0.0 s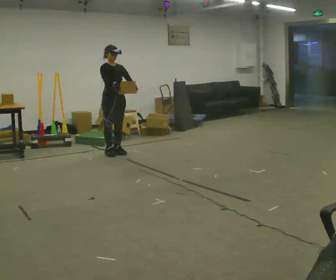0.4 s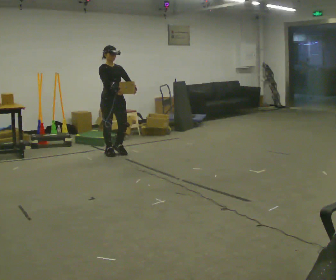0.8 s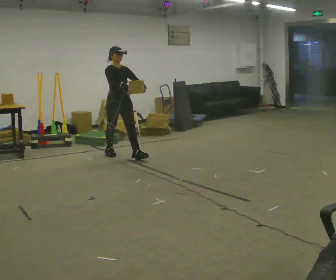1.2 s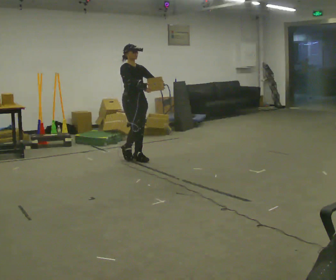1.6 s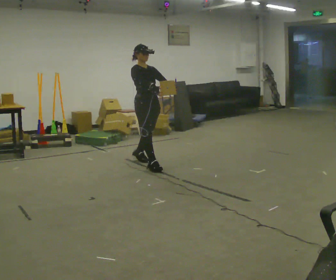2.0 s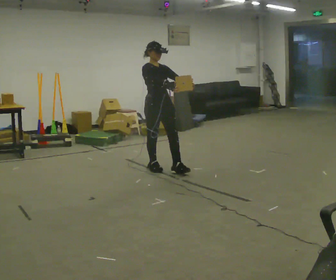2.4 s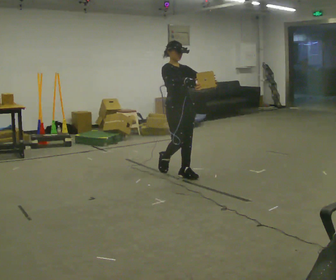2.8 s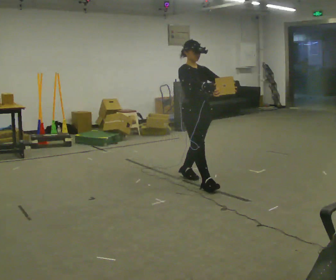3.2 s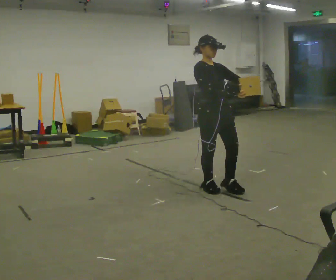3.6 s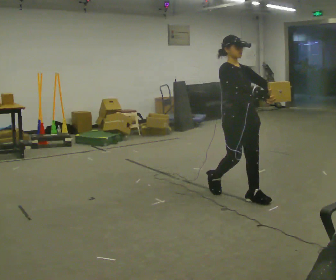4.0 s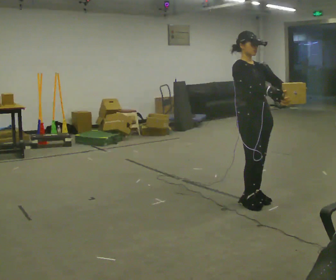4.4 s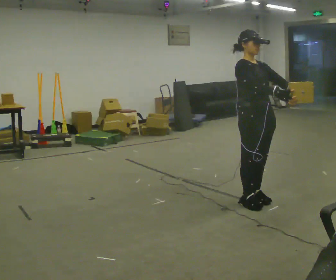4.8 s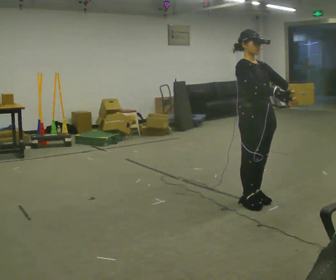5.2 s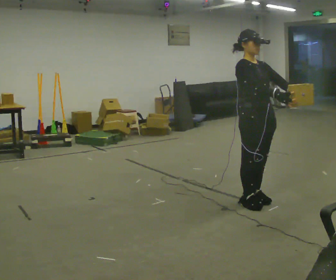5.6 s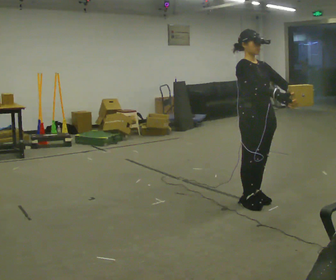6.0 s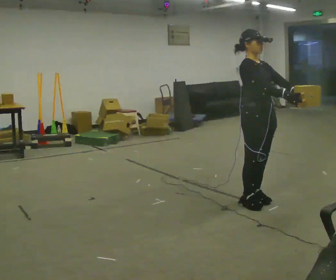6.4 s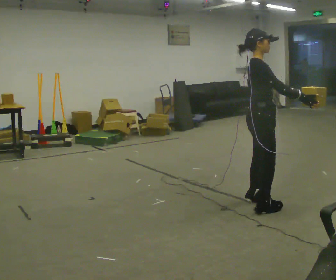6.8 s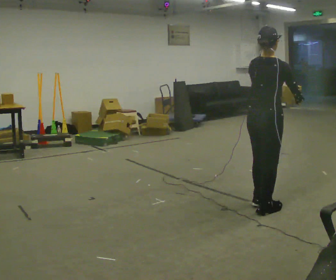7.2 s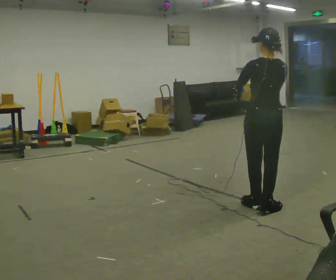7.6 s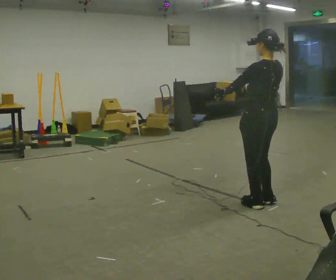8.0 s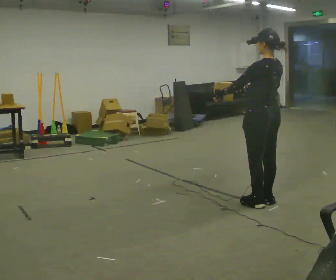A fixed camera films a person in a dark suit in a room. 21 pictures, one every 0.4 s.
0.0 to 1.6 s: In the picture they go to the right and toward the camera, about 1 m in 2 steps, which for them is forward.
1.6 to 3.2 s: In the picture they go to the right and toward the camera, about 1.5 m in 2 steps, which for them is forward.
3.2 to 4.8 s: In the picture they go toward the camera and to the right, about 0.5 m in 2 steps, which for them is forward.
4.8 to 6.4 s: Seen from above the body turns counterclockwise, about 45 degrees: to their left, with its near side sliding to the right.
6.4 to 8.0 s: Seen from above the body turns counterclockwise, about 135 degrees: to their left, with its near side sliding to the right. In the picture their right hand goes to the left.
The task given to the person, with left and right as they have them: Carry the light box in both hands in front of you, walking back and forth across the room. Keep walking until the operator says stop.
The film runs forward here.
